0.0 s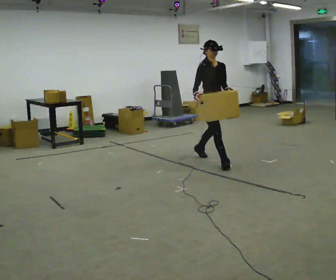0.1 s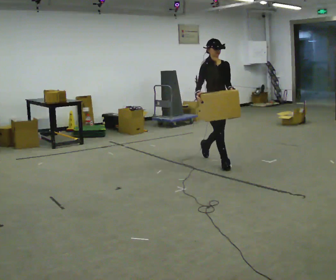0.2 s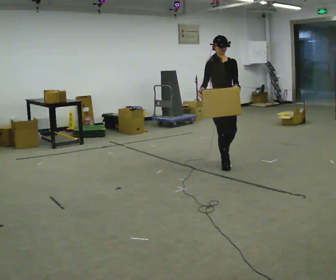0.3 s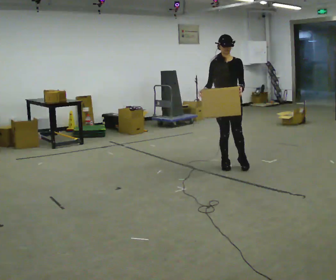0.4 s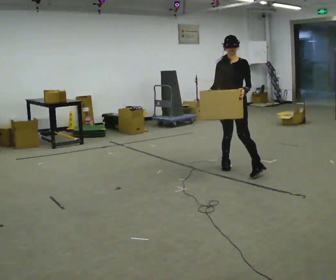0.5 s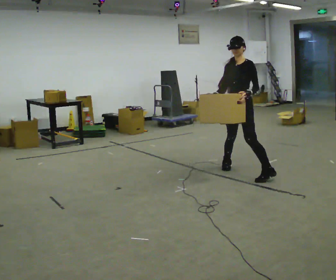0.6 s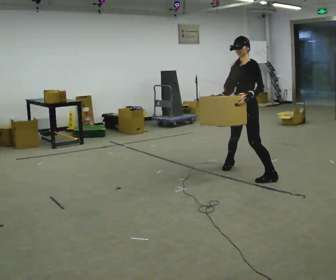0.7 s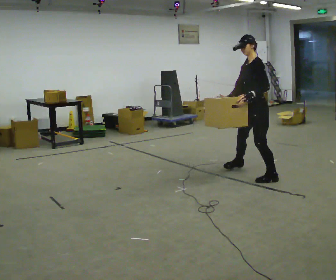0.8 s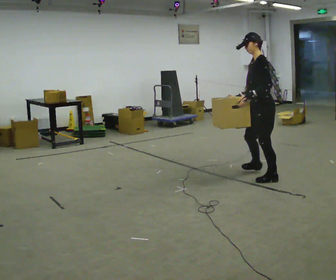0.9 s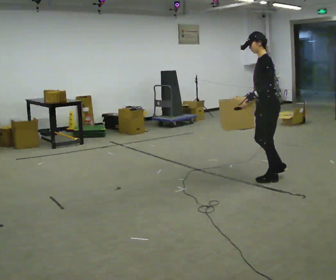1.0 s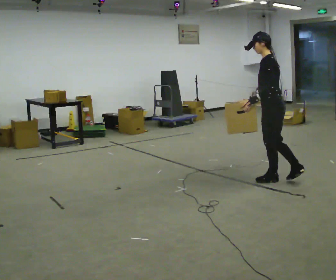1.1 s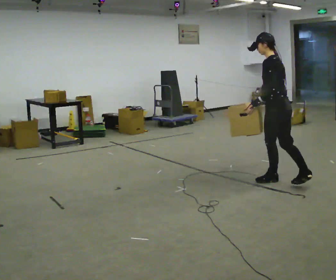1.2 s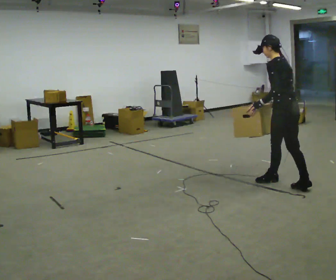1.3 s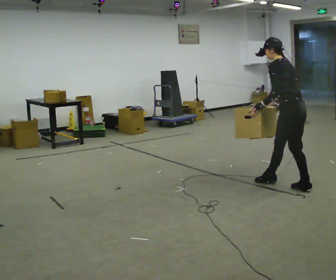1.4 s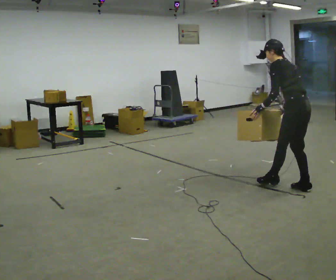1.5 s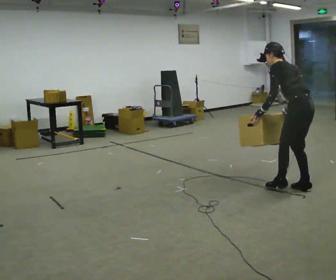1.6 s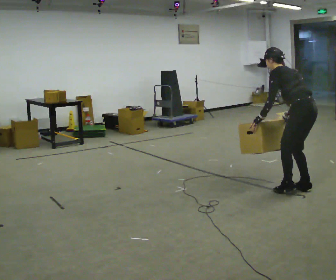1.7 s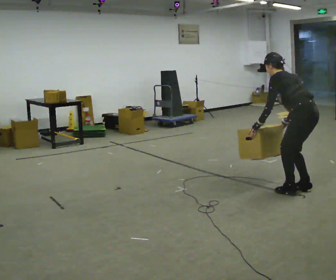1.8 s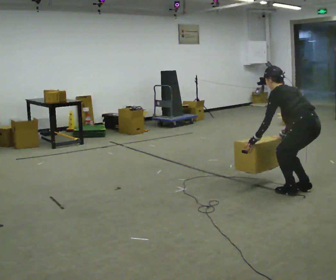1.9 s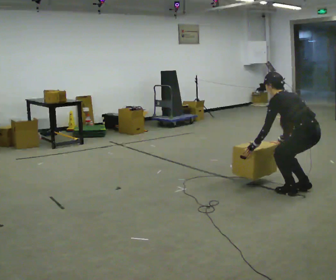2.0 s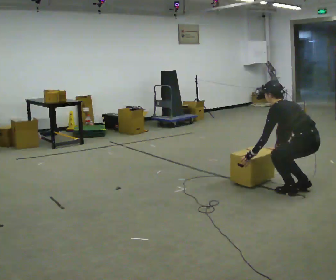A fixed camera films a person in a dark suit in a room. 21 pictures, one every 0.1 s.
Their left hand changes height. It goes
downward.
Their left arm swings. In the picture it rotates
clockwise.
0.0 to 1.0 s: Seen from above the body turns clockwise, about 165 degrees: to their right, with its near side sliding to the left. In the picture they go toward the camera and to the right, about 1 m in 1 step.
1.0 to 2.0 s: In the picture they go toward the camera and to the right, about 0.5 m in 2 steps, which for them is backward. The upper body goes downward. In the picture the upper body tilts counterclockwise, shoulders to the left, as they bend forward. In the picture their left hand goes downward.
The film runs forward here.
